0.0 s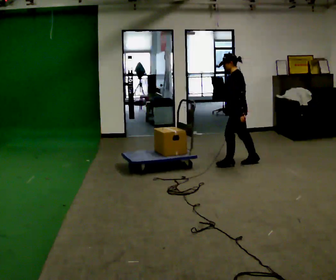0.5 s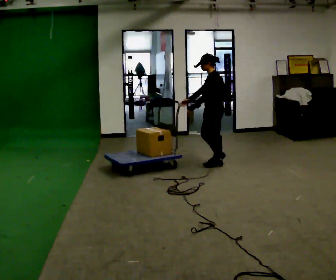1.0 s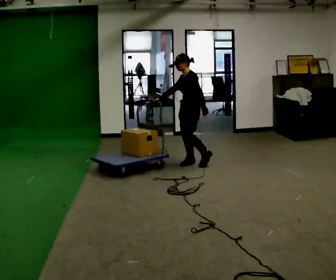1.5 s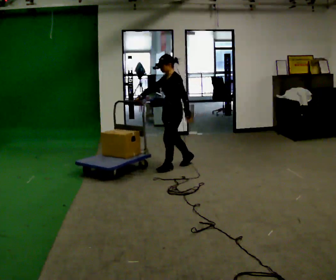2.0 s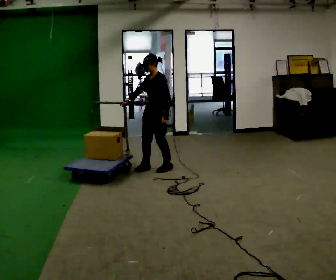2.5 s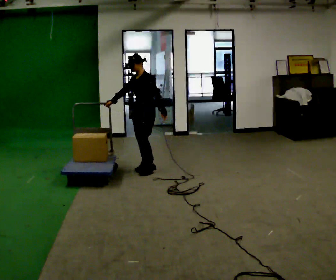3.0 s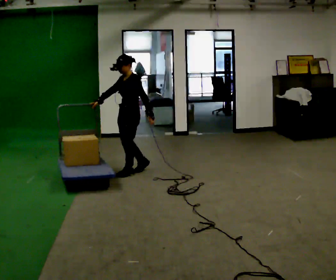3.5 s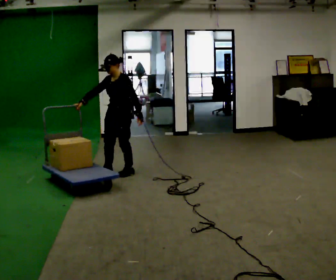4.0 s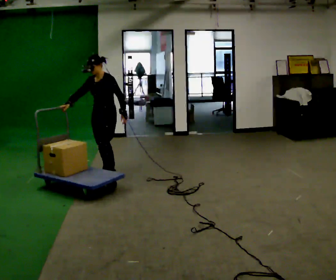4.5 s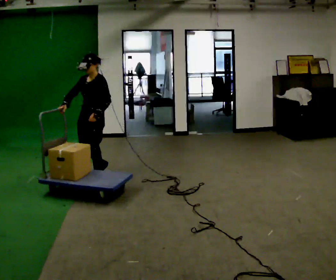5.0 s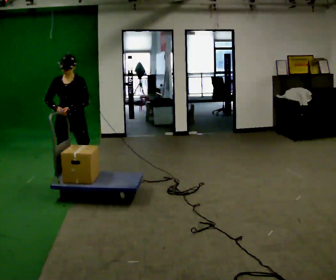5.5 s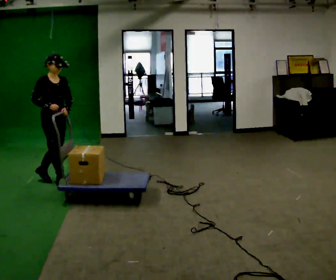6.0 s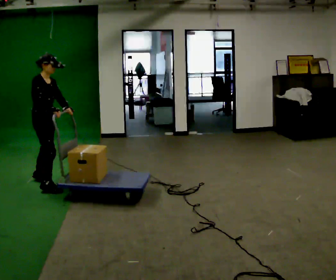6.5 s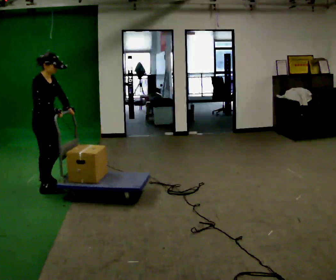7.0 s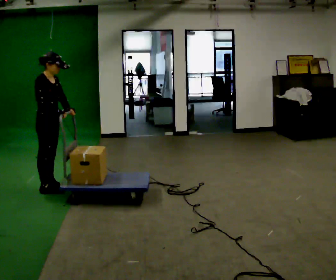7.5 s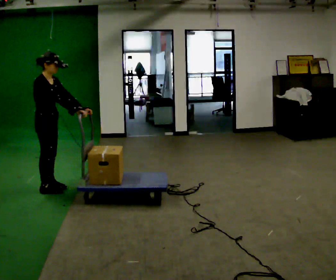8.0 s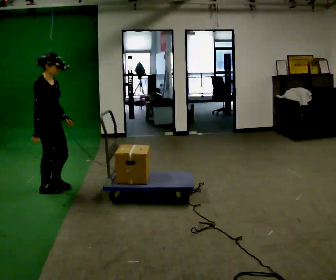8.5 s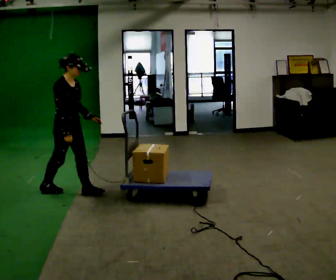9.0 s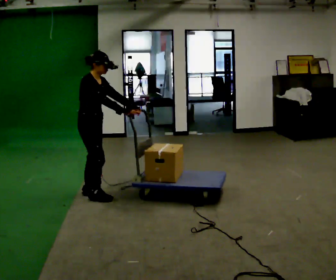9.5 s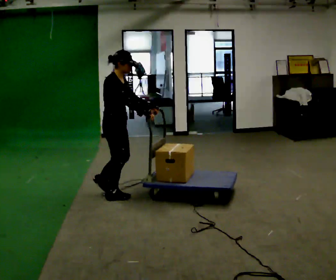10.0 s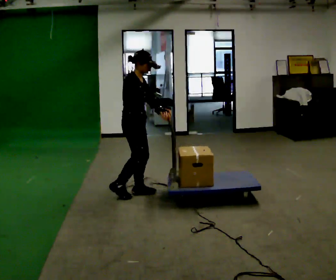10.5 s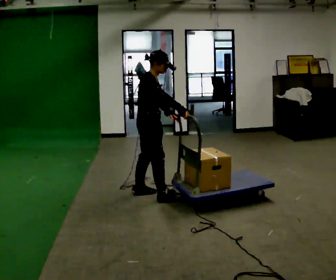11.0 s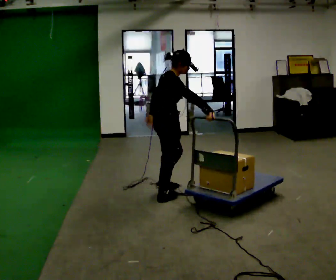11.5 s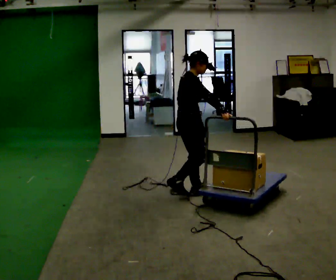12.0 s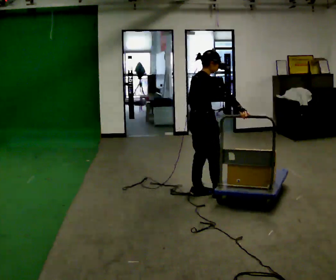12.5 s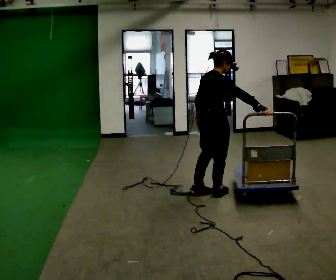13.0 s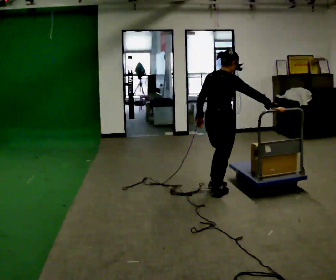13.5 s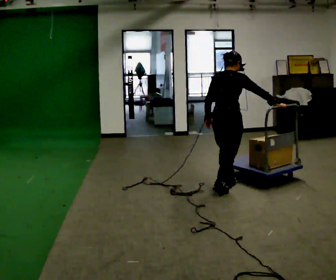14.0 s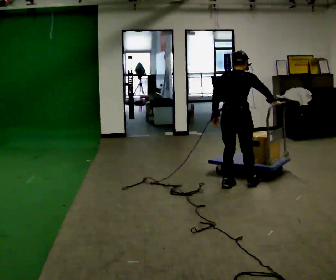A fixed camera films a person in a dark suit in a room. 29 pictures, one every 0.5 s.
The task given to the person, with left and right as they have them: Stand still with your hands on the cart. When the operator says go, get it moving, push it a few metres, then bring it to a stop. Repeat until the operator says stop.
0.0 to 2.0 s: The part of the body nearest the lens slides to the right as the person turns to their left by about 45 degrees. In the picture they go to the left, about 1 m in 4 steps, which for them is forward.
2.0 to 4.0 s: In the picture they go to the left, about 0.75 m in 2 steps, which for them is forward.
4.0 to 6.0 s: Seen from above the body turns counterclockwise, about 120 degrees: to their left, with its near side sliding to the right. In the picture they go to the left and toward the camera, about 1 m in 3 steps.
6.0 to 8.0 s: In the picture they go toward the camera, about 0.25 m in 2 steps, which for them is to their right and forward.
8.0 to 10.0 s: In the picture they go to the right, about 1 m in 3 steps, which for them is forward.
10.0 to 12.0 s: The person turns about 30 degrees to their left, counterclockwise seen from above, so the part of the body nearest the lens slides to the right. In the picture they go to the right, about 0.75 m in 3 steps, which for them is forward and to their right.
12.0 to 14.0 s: Seen from above the body turns counterclockwise, about 45 degrees: to their left, with its near side sliding to the right. In the picture they go to the right, about 0.5 m in 1 step, which for them is forward.
The film runs forward here.
